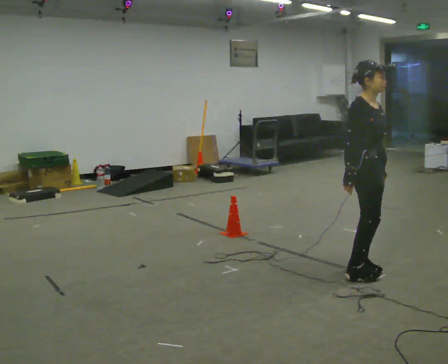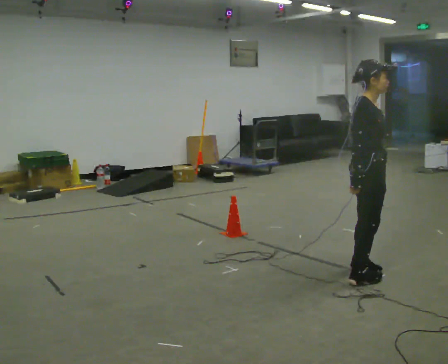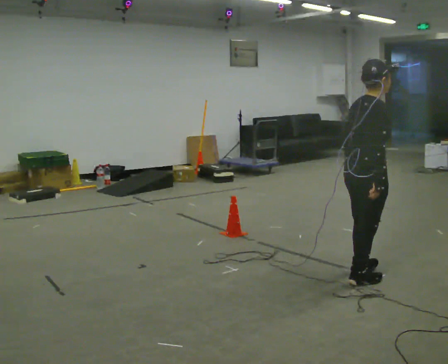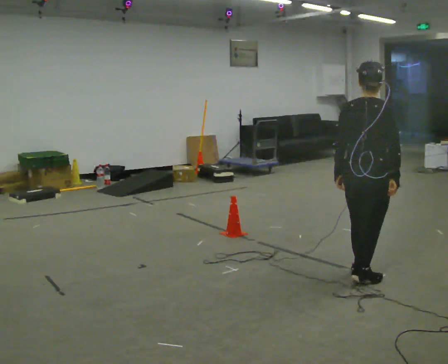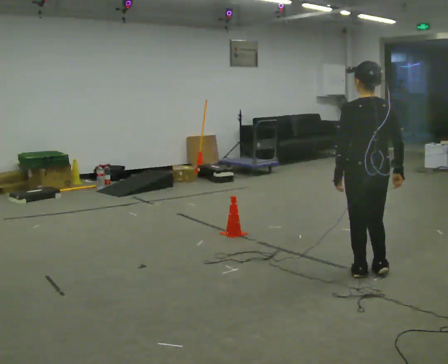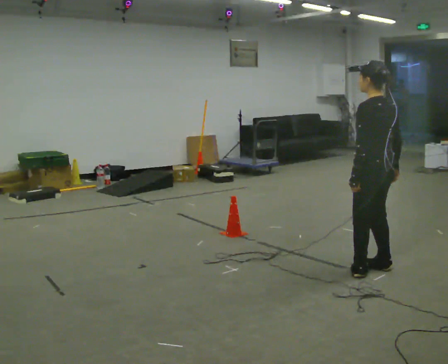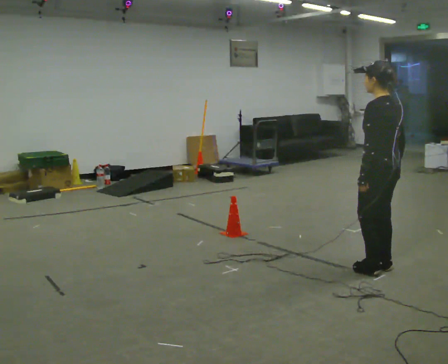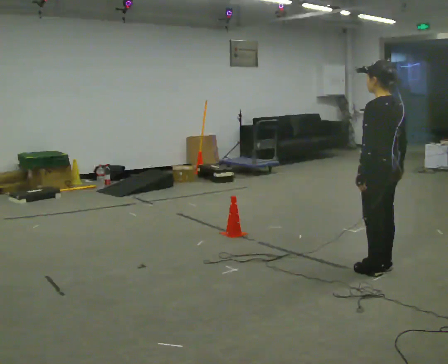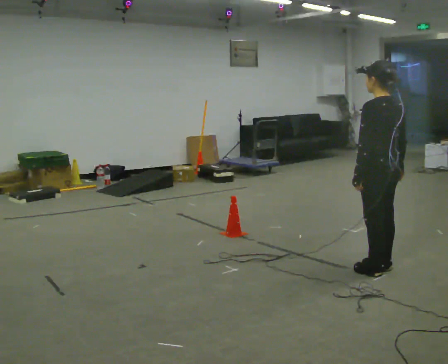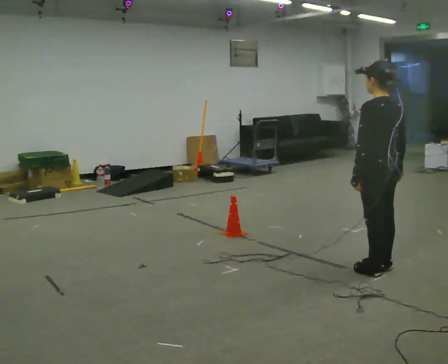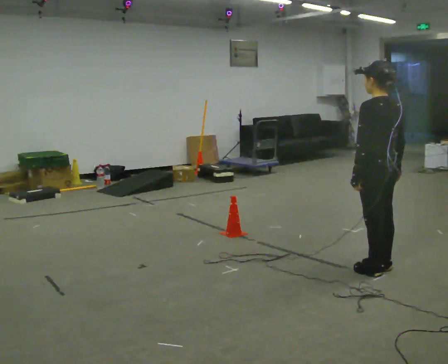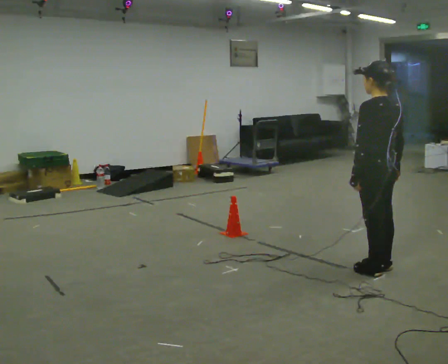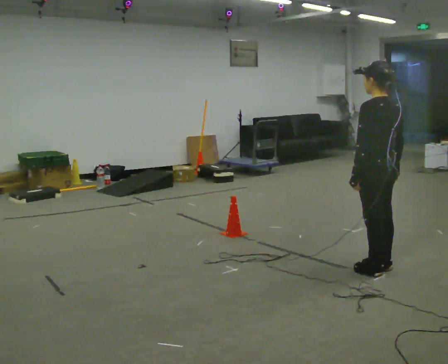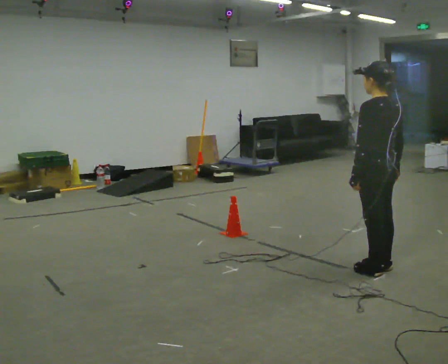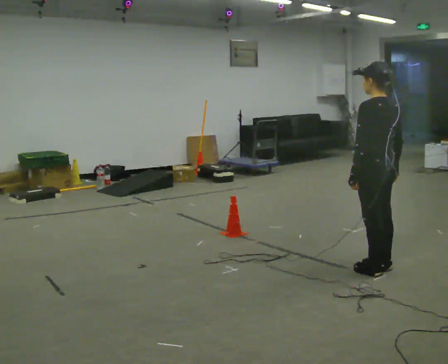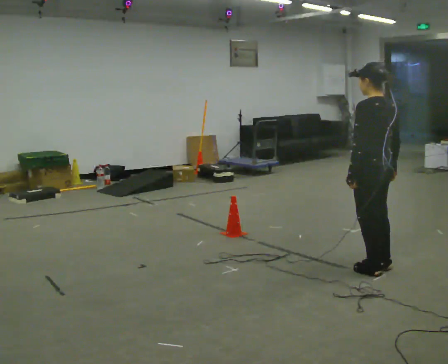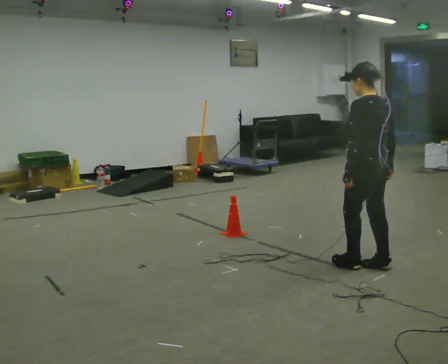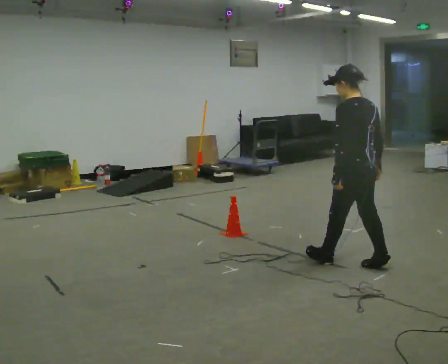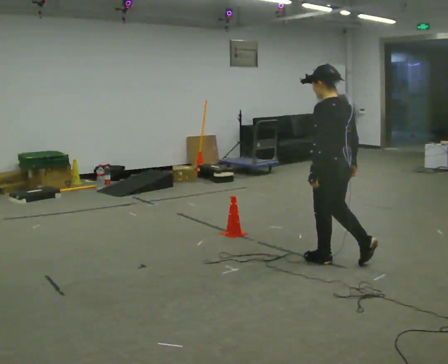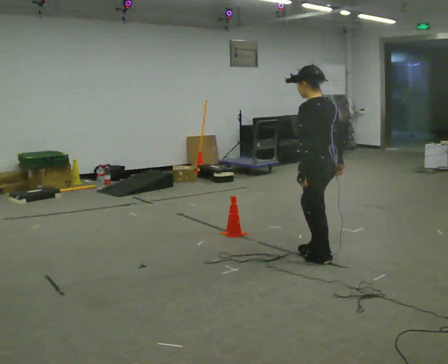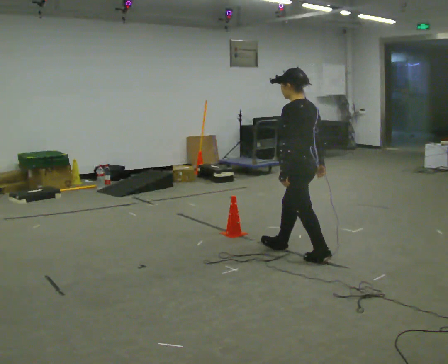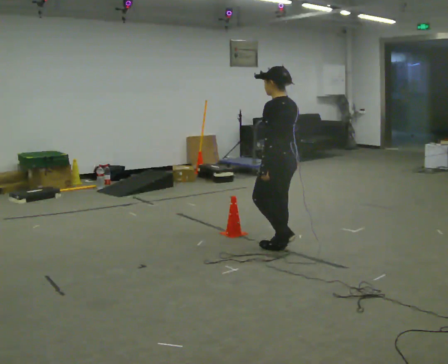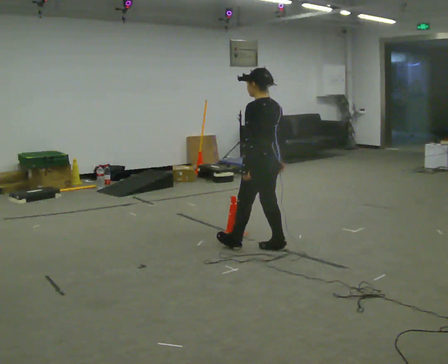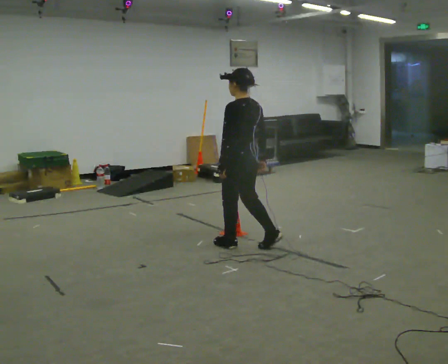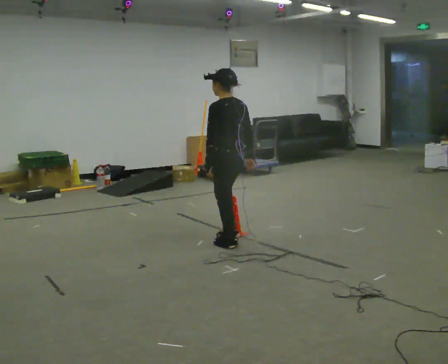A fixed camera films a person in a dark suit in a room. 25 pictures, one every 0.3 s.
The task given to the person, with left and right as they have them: Walk toward obstacle; alter path to avoid it; continue toward original destination.
0.0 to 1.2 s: The person turns about 135 degrees to their left, counterclockwise seen from above, so the part of the body nearest the lens slides to the right. In the picture their right hand goes to the right.
1.2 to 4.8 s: In the picture they go away from the camera, about 0.25 m in 1 step, which for them is to their right.
4.8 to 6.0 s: In the picture they go to the left and away from the camera, about 0.5 m in 2 steps, which for them is forward.
6.0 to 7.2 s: In the picture they go to the left and away from the camera, about 0.75 m in 1 step, which for them is forward.
The film runs forward here.
